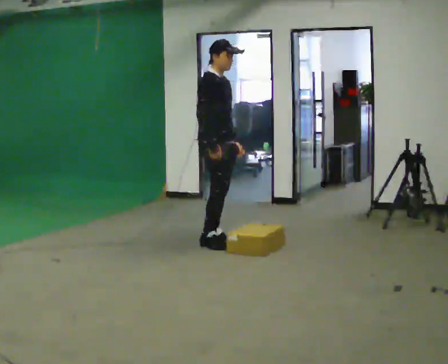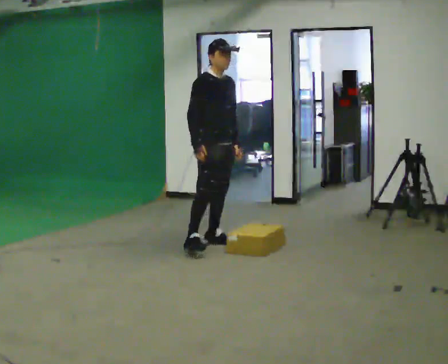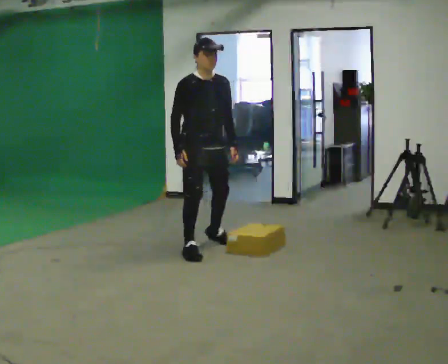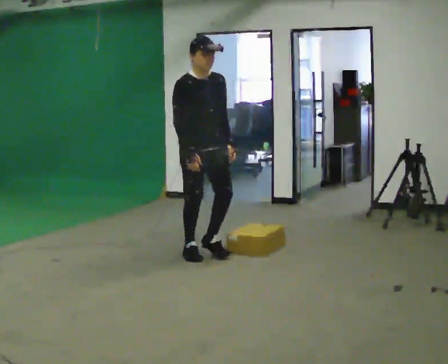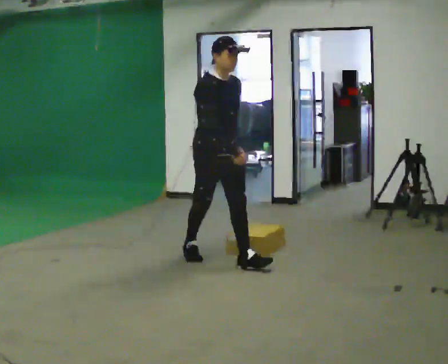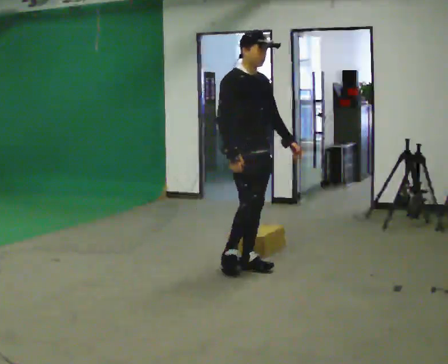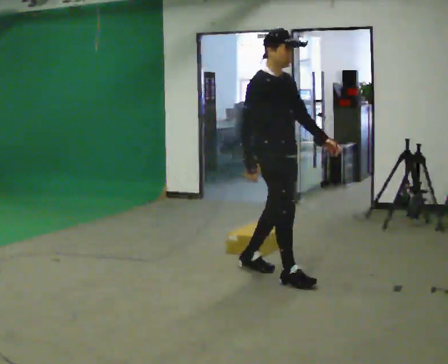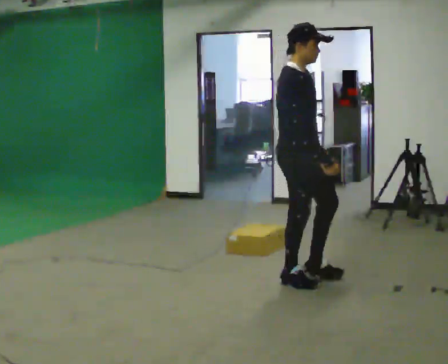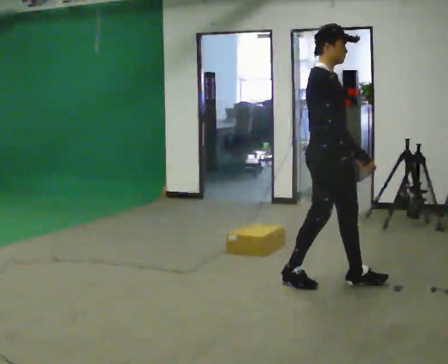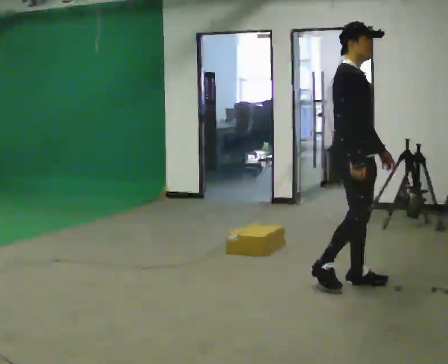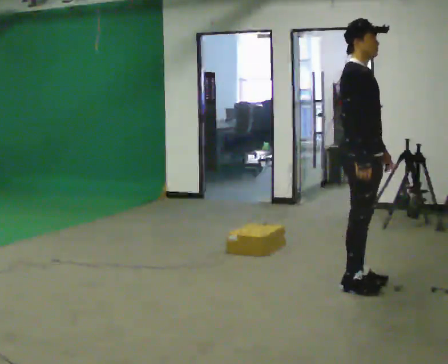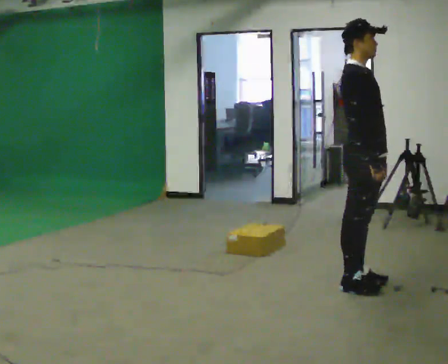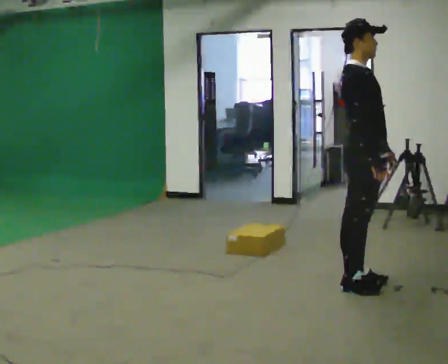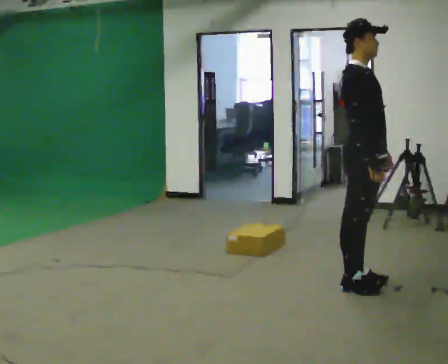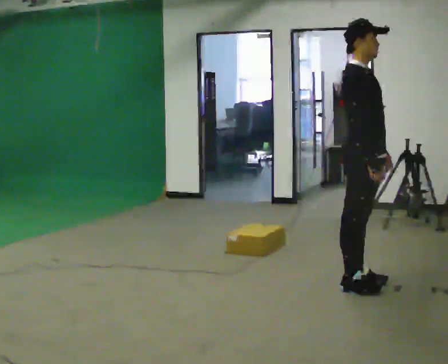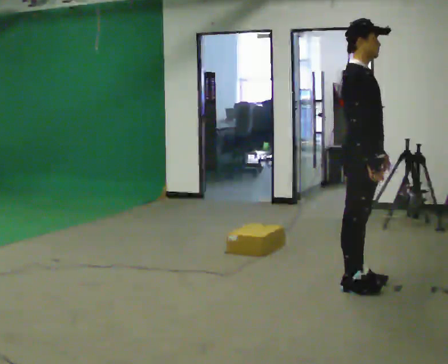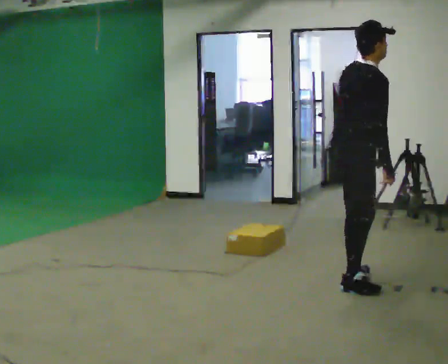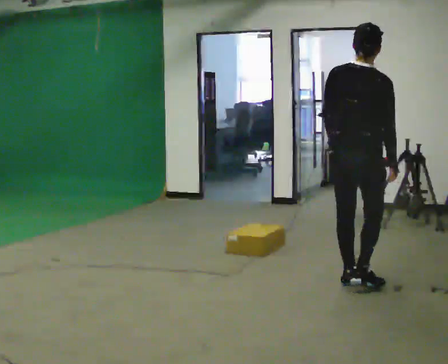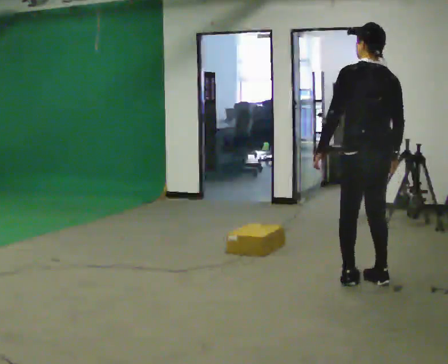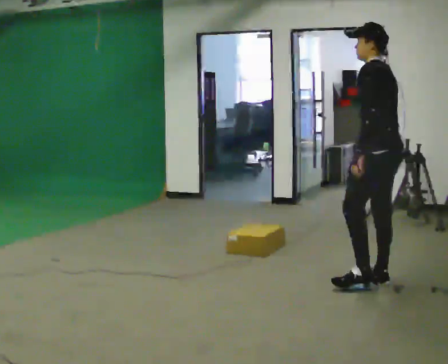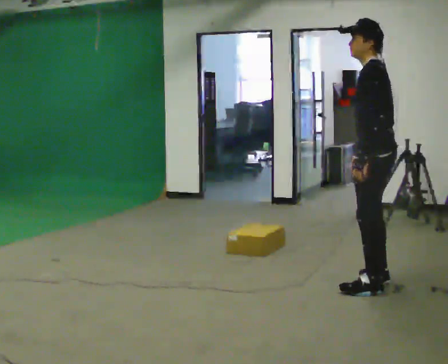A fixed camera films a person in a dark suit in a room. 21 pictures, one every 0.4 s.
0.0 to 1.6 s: In the picture they go toward the camera, about 0.75 m in 2 steps, which for them is forward and to their right.
1.6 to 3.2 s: In the picture they go to the right and toward the camera, about 1 m in 2 steps, which for them is forward.
3.2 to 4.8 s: In the picture they go to the right, about 0.25 m in 1 step, which for them is forward. In the picture their left hand goes to the right.
4.8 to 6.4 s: The person turns about 45 degrees to their left, counterclockwise seen from above, so the part of the body nearest the lens slides to the right. In the picture the upper body tilts clockwise, shoulders to the right, as they bend forward.
6.4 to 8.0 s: The person turns about 150 degrees to their left, counterclockwise seen from above, so the part of the body nearest the lens slides to the right. In the picture they go to the right, about 0.25 m in 2 steps. In the picture the upper body tilts counterclockwise, shoulders to the left.
The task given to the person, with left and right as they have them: Start still; walk straight at normal comfortable speed; stop at endpoint.
The film runs forward here.
